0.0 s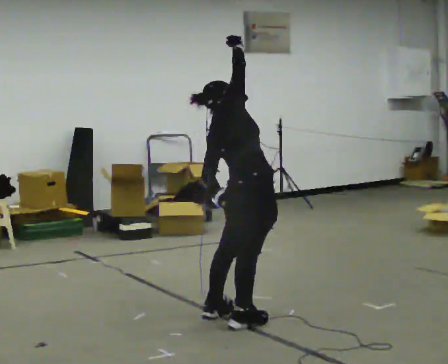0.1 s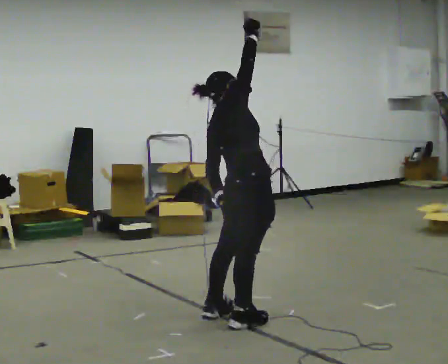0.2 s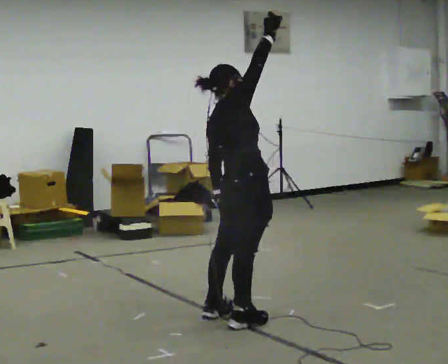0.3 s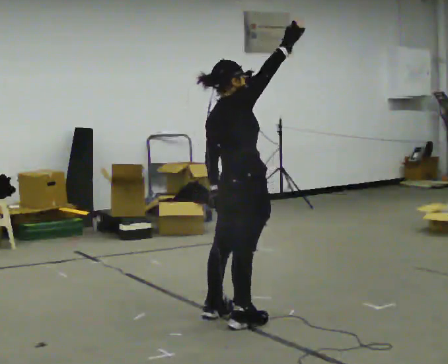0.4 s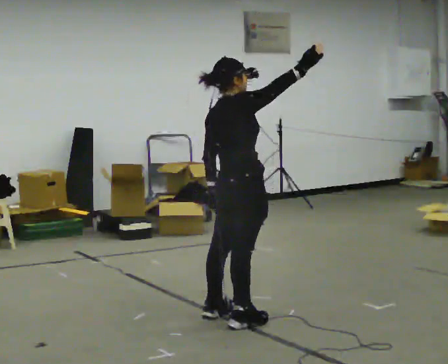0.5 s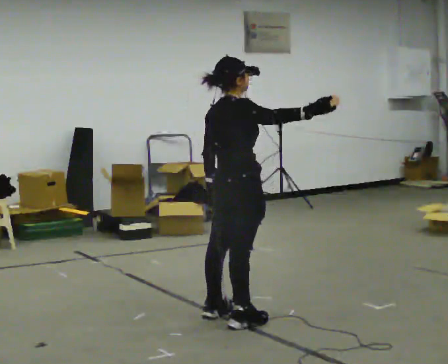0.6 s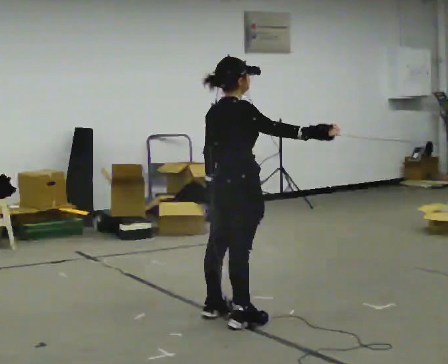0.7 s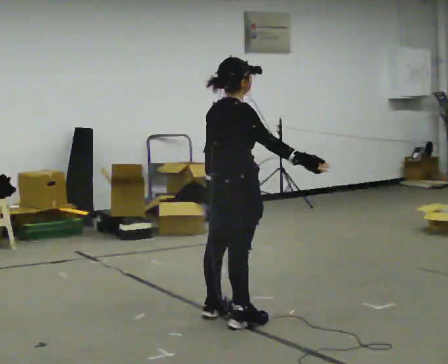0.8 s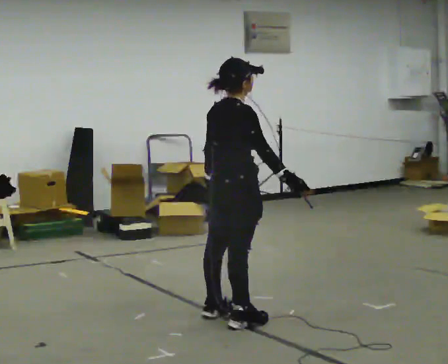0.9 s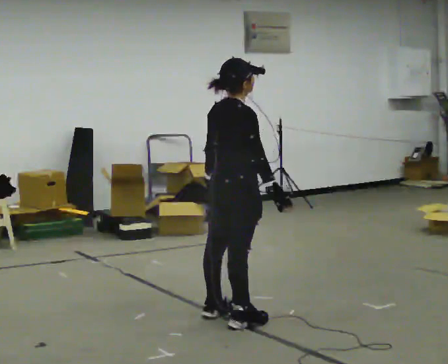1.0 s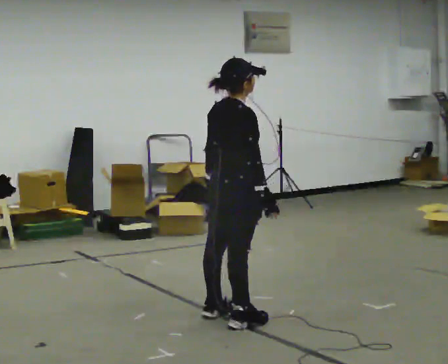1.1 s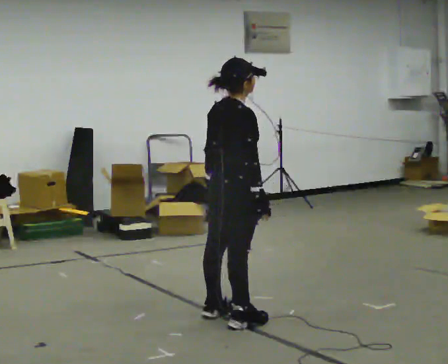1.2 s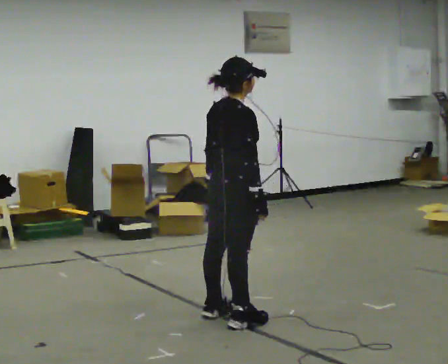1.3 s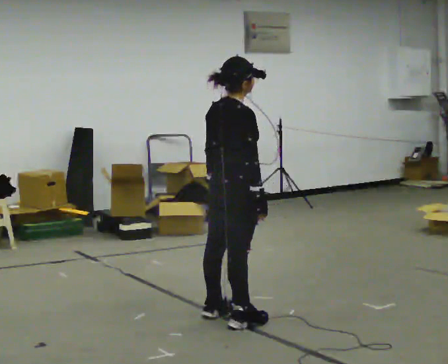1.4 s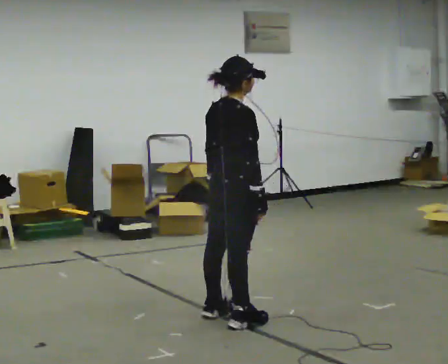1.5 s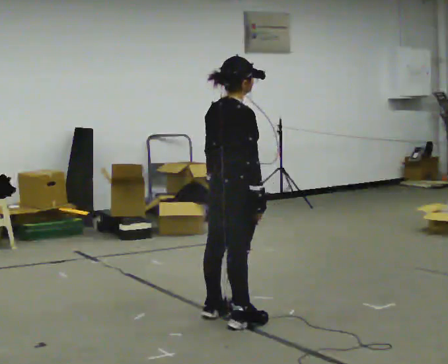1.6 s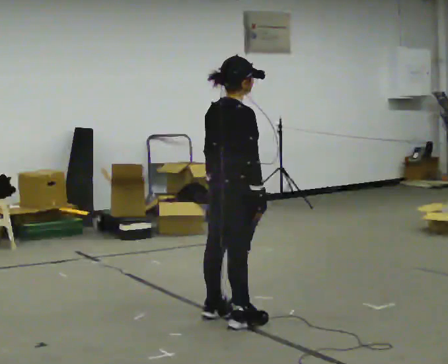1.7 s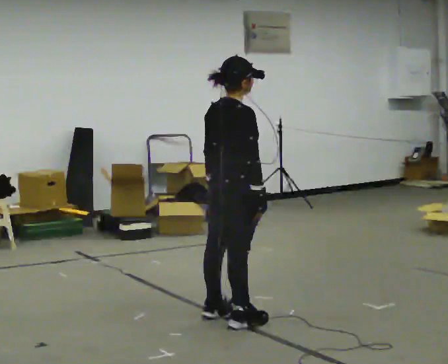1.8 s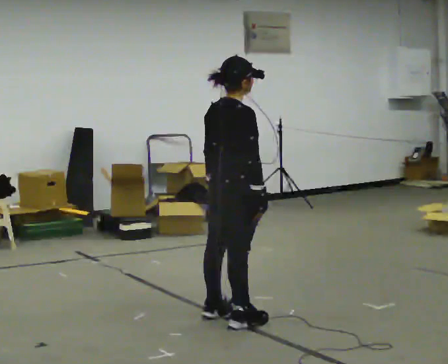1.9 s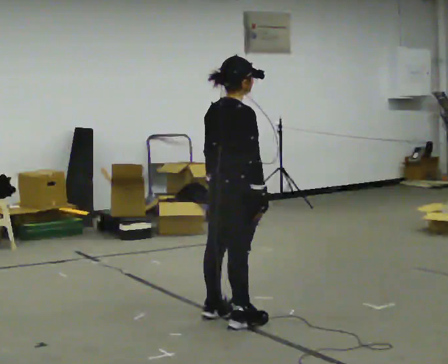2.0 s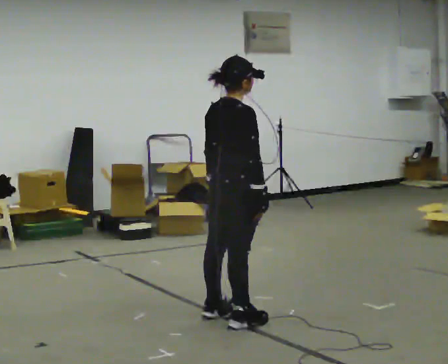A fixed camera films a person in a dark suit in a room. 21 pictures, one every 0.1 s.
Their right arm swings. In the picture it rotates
clockwise.
The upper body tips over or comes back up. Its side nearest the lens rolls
downward.
0.0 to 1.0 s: The upper body tips toward the camera, its near side rolling downward. In the picture their right hand goes downward, the arm swinging clockwise.
1.0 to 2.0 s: The person moves a little, or ends about where they began.
The film runs forward here.
